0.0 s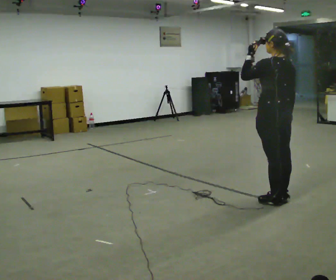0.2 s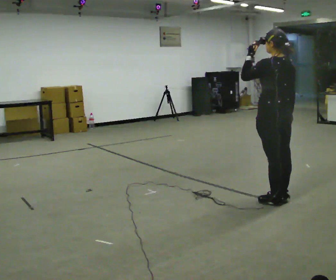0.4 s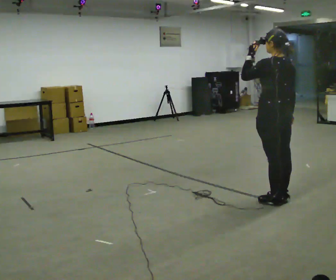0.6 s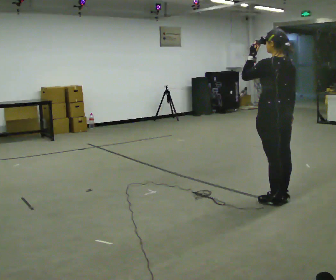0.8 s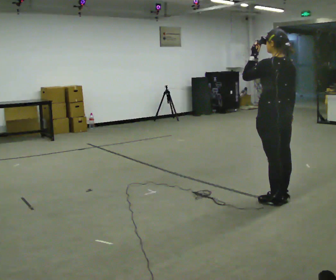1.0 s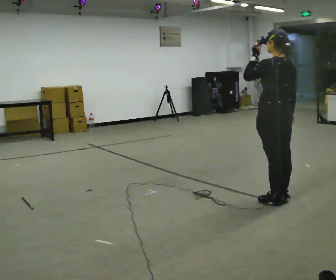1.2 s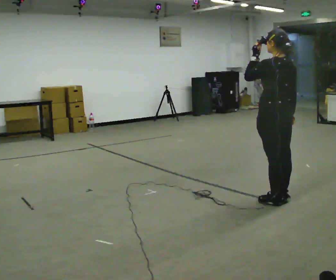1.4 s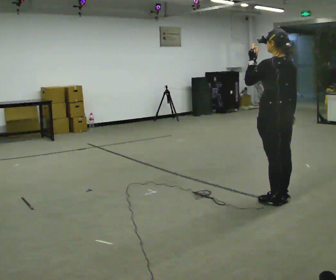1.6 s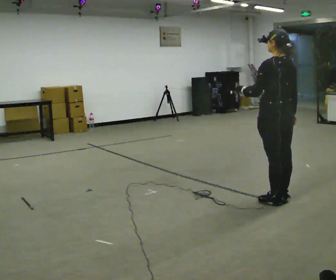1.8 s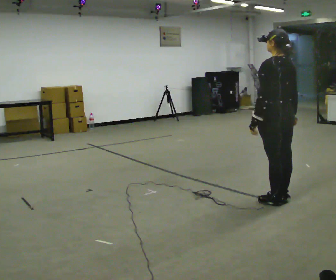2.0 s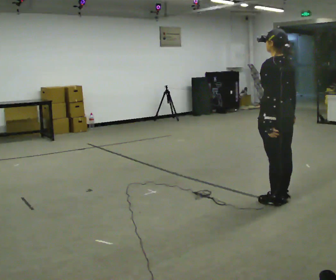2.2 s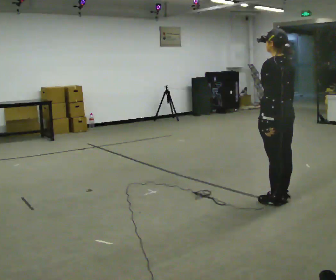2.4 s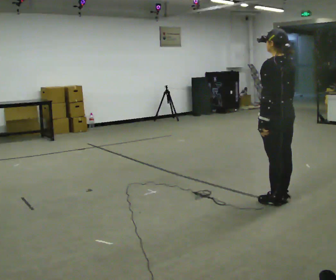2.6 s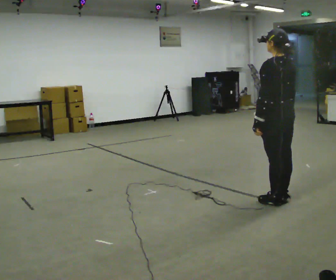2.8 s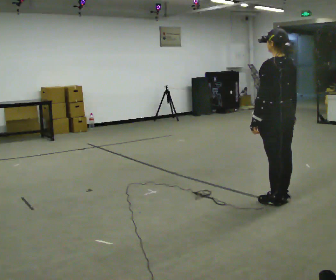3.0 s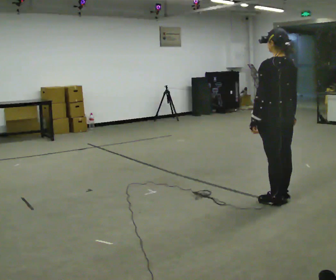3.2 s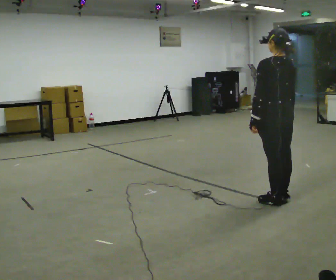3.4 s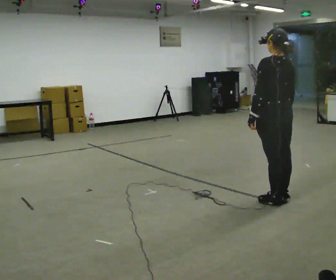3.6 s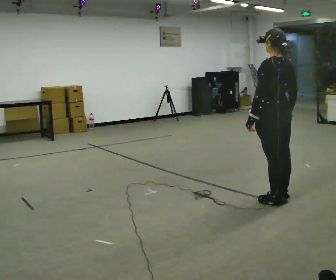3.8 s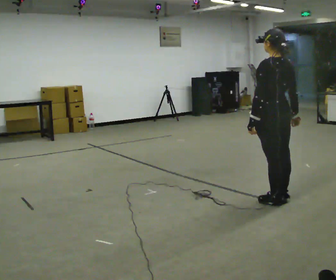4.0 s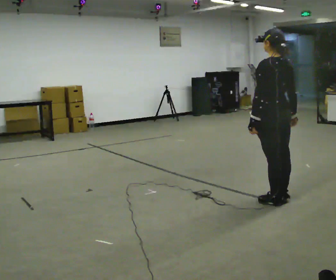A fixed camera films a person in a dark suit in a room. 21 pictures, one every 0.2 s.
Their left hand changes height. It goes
downward.
0.0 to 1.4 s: The person moves a little, or ends about where they began.
1.4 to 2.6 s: In the picture their left hand goes downward.
2.6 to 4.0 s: The person moves a little, or ends about where they began.
The film runs forward here.
